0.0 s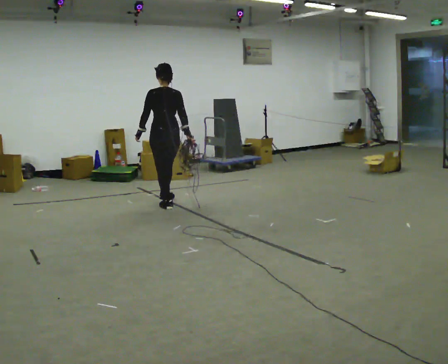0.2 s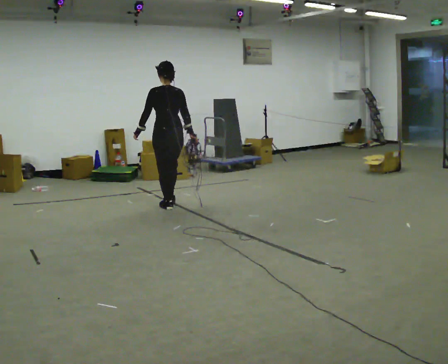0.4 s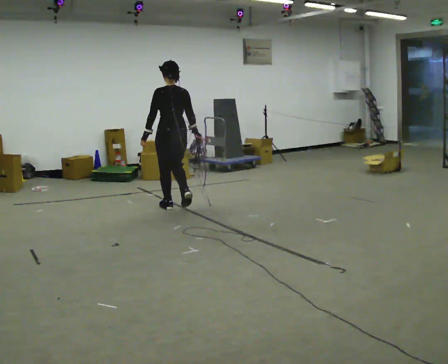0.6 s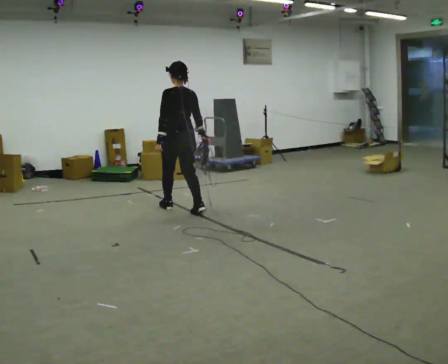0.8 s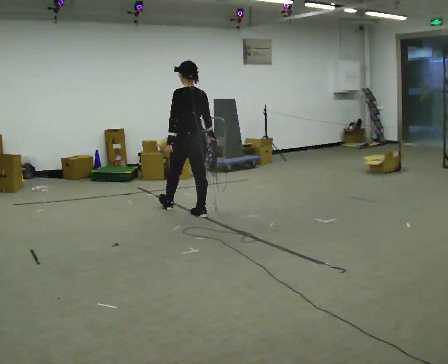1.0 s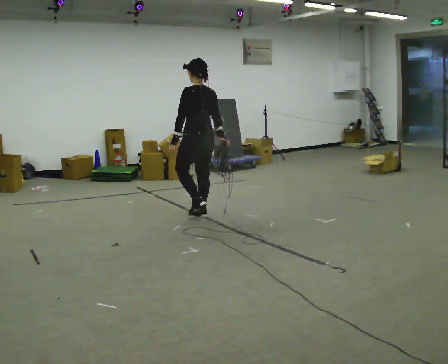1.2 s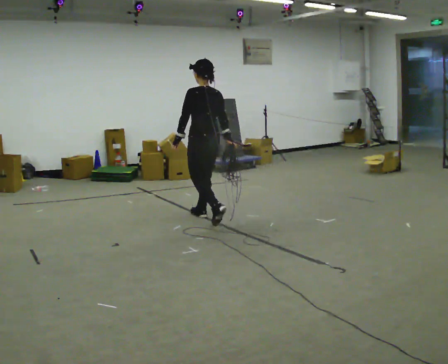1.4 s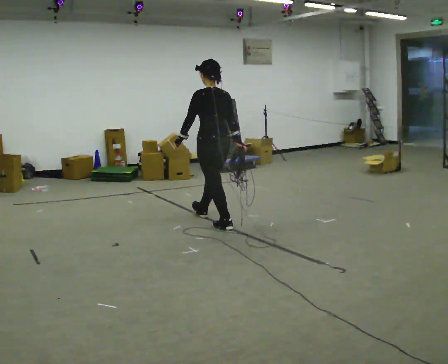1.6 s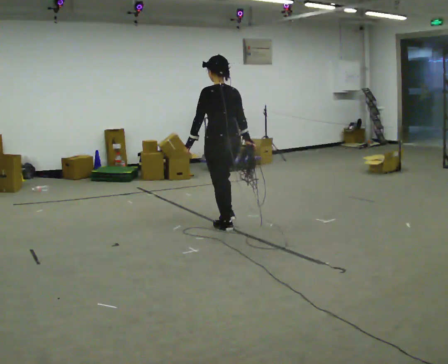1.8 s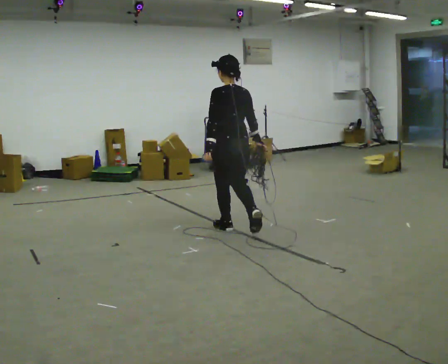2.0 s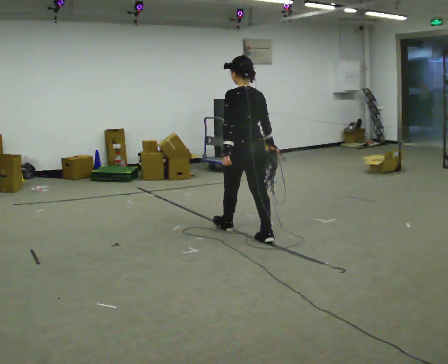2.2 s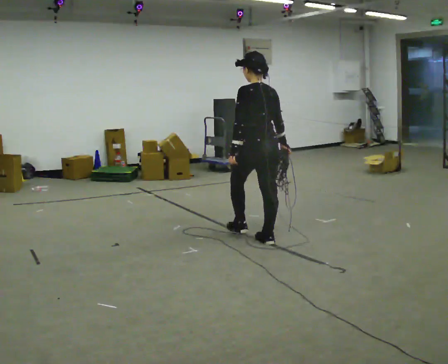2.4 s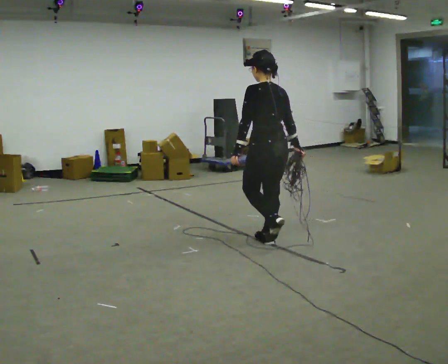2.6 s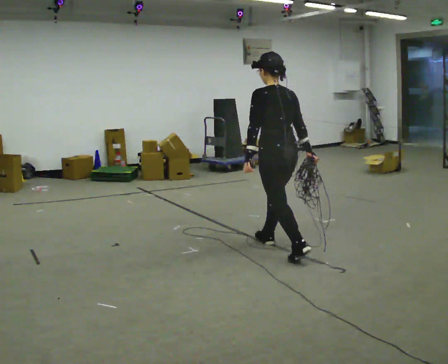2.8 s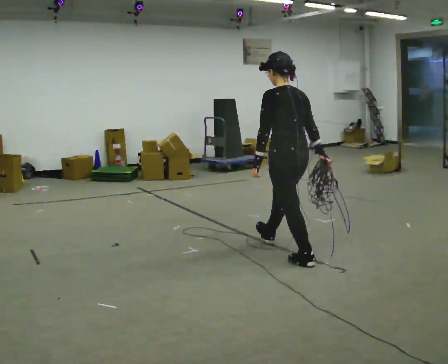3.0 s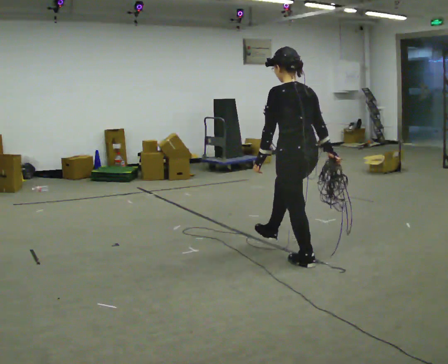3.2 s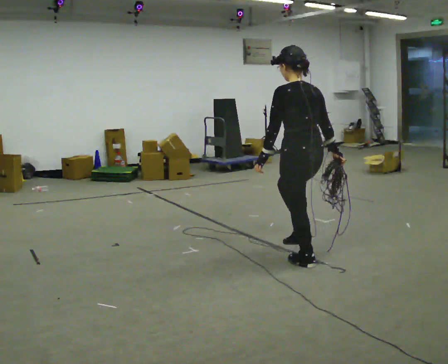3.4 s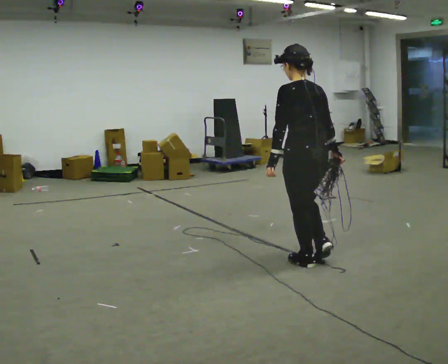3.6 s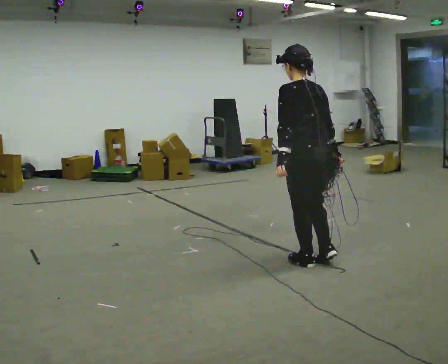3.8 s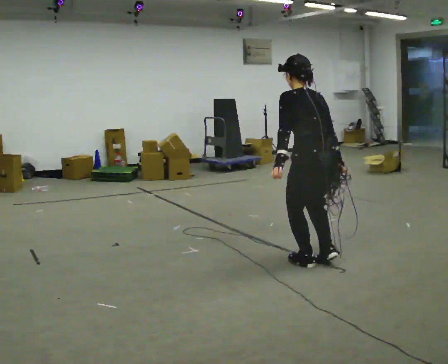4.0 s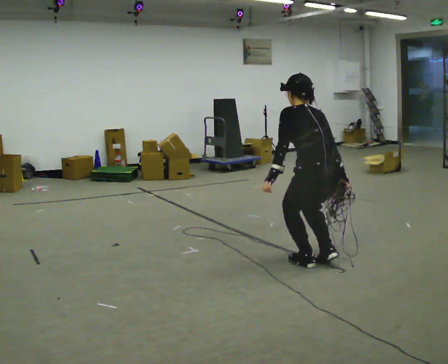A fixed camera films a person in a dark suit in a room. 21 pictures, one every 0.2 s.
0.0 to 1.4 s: In the picture they go toward the camera and to the right, about 1 m in 3 steps, which for them is backward.
1.4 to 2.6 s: In the picture they go toward the camera and to the right, about 1 m in 1 step, which for them is backward.
2.6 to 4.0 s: In the picture they go toward the camera and to the right, about 0.5 m in 1 step, which for them is backward. The upper body tips away from the camera, its near side rolling upward, as they bend forward.
The film runs backward here.
